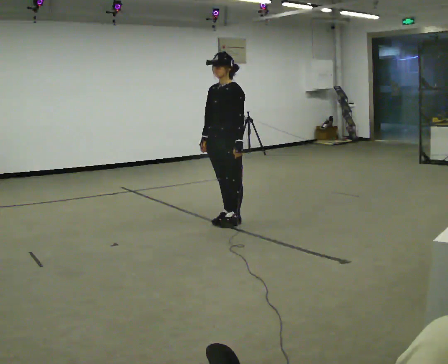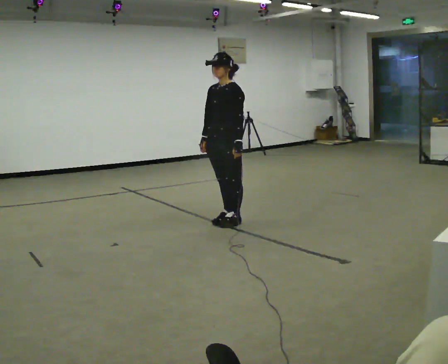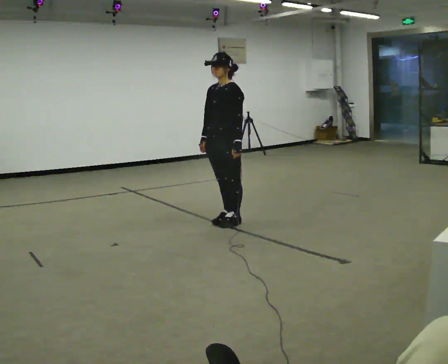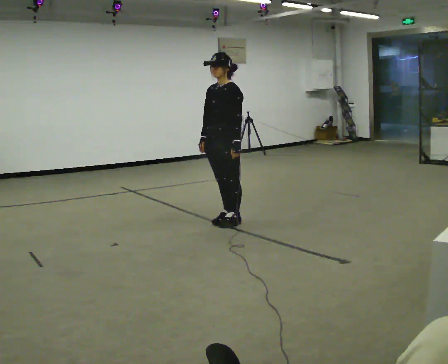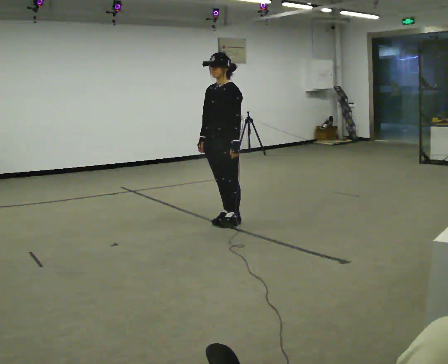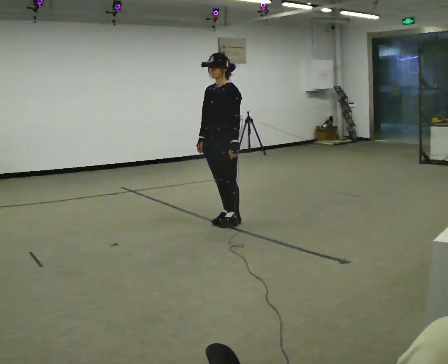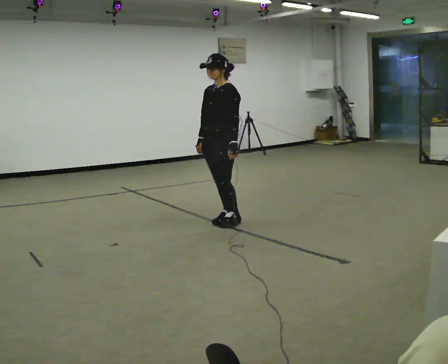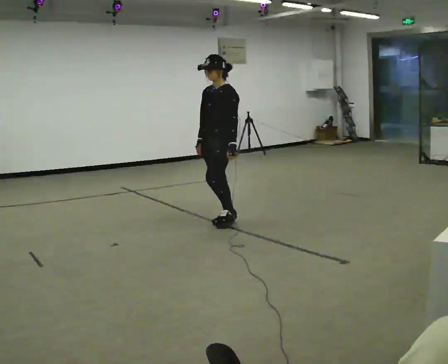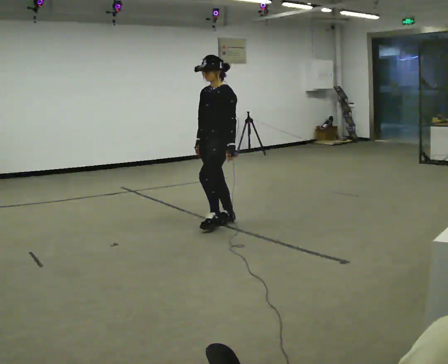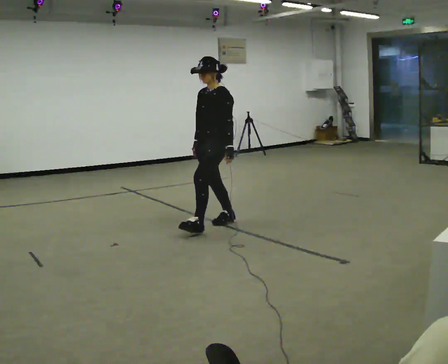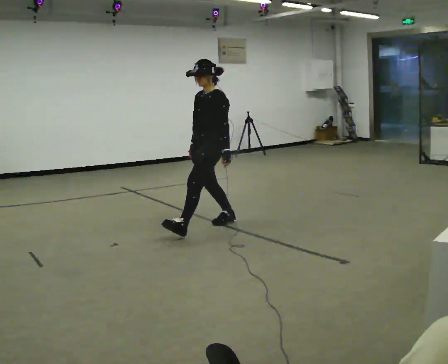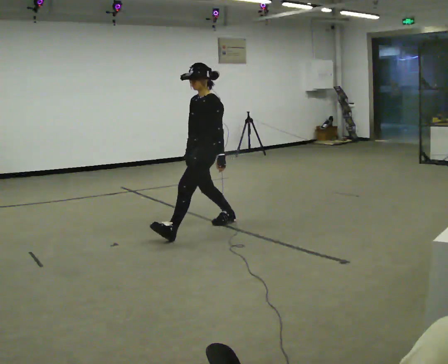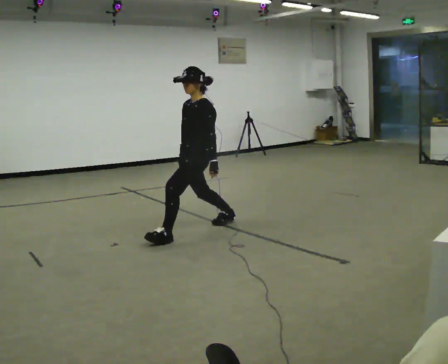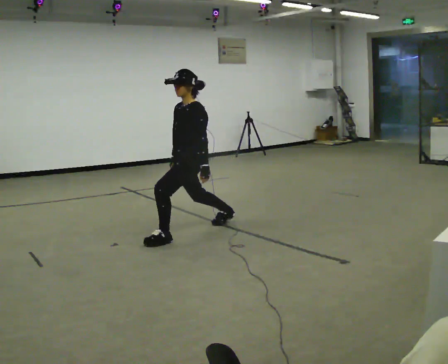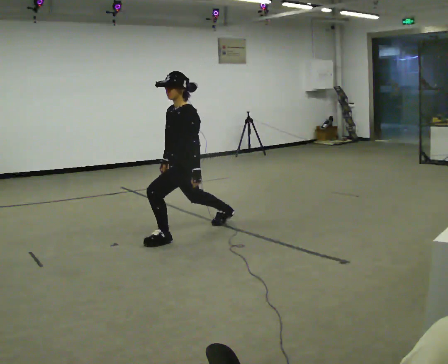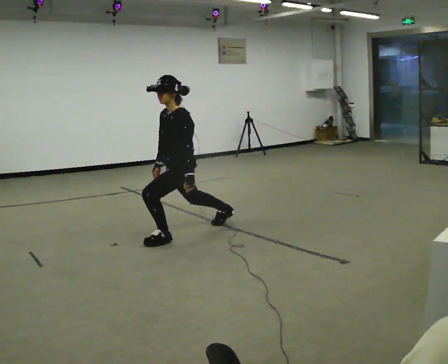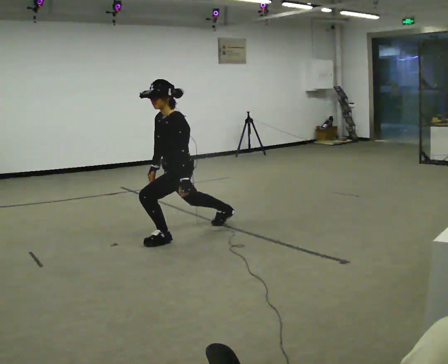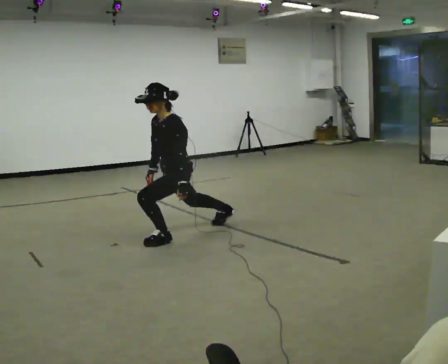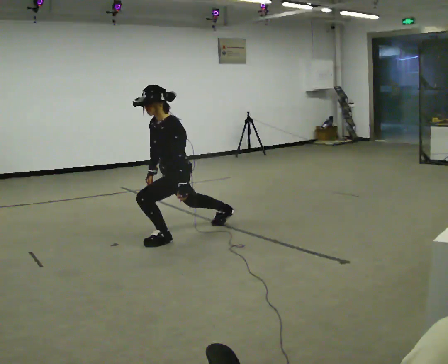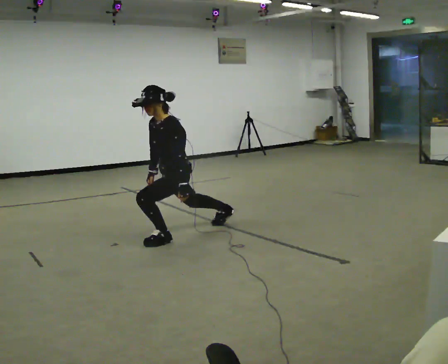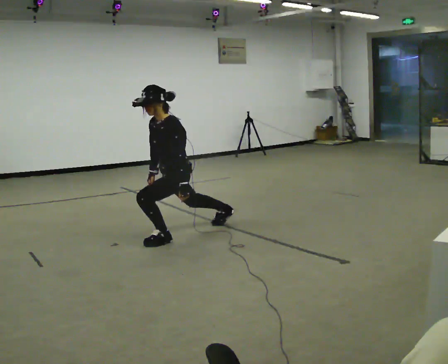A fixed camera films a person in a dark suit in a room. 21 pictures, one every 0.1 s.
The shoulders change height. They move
downward.
0.0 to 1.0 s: In the picture they go to the left, about 0.25 m, which for them is forward.
1.0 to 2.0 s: In the picture they go toward the camera and to the left, about 0.5 m in 1 step, which for them is forward and to their left. The shoulders move downward. In the picture the upper body tilts counterclockwise, shoulders to the left, as they bend forward.
The film runs forward here.
